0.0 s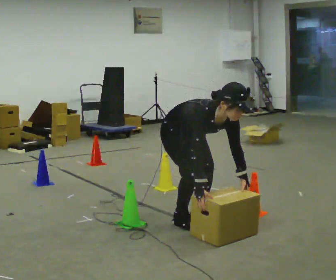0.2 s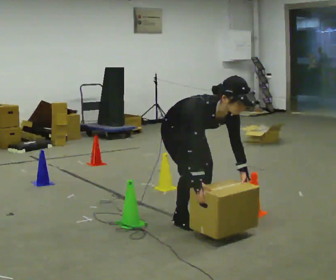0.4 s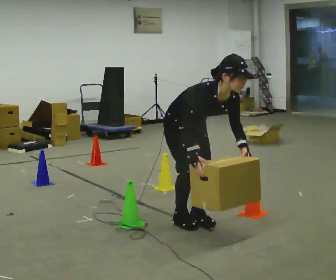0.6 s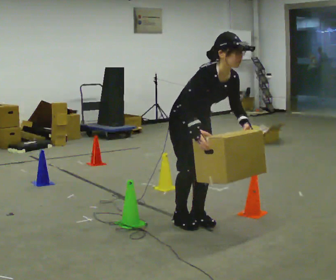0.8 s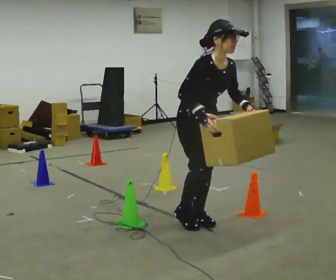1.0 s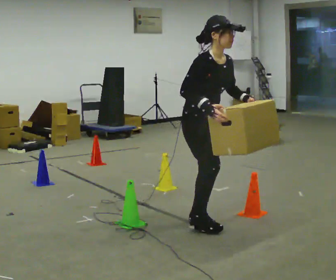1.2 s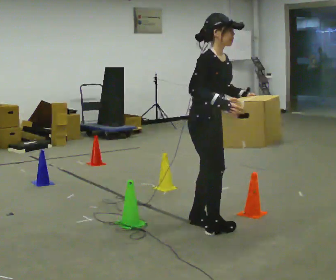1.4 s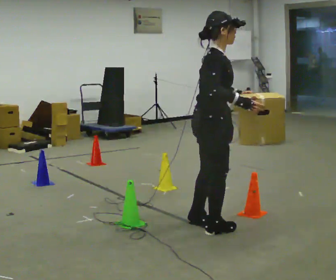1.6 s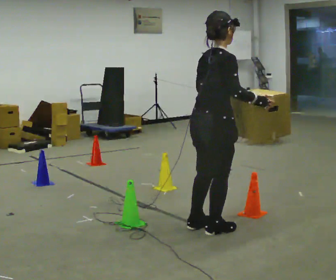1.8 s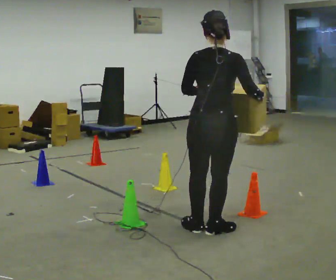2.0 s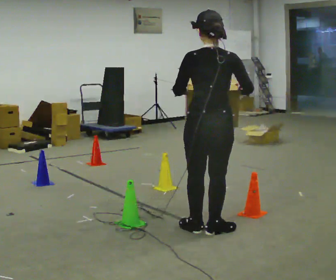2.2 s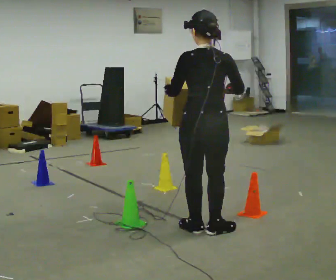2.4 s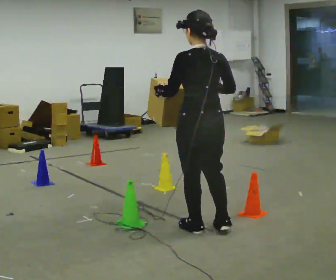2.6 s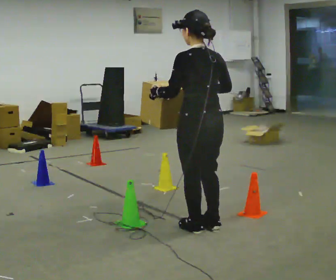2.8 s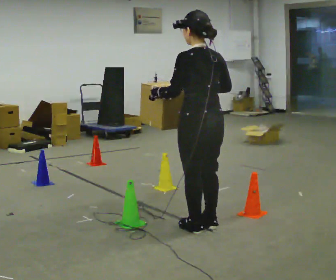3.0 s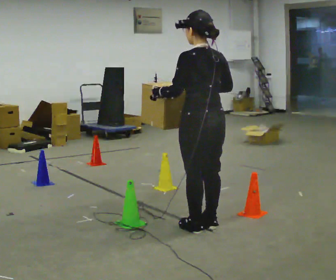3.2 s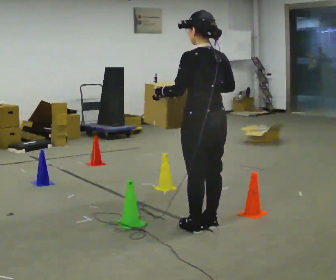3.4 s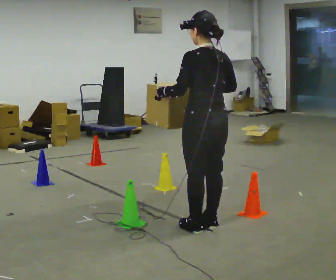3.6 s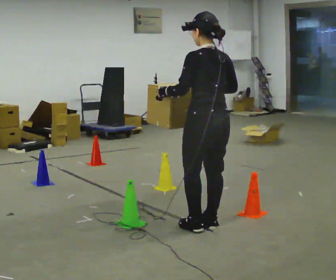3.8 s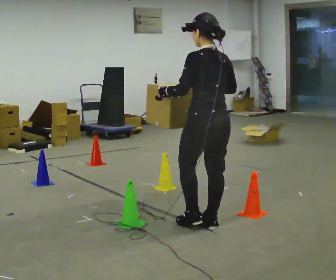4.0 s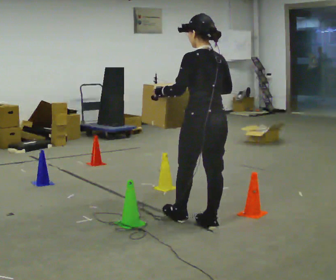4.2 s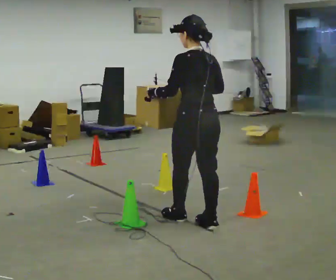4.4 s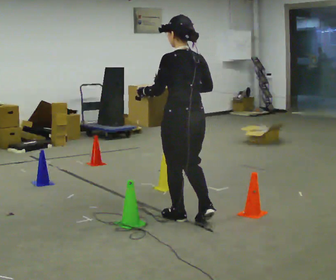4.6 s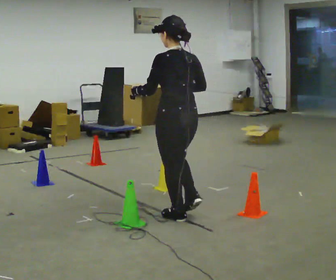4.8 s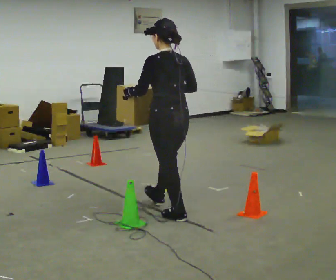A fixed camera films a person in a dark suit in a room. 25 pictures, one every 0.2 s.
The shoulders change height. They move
upward.
The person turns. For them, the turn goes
to their left.
0.0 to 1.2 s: The person turns about 30 degrees to their left, counterclockwise seen from above, so the part of the body nearest the lens slides to the right. In the picture they go to the right and toward the camera, about 0.25 m in 1 step, which for them is forward. The upper body goes upward. The upper body tips away from the camera, its near side rolling upward, as they lean back or straighten. In the picture their right hand goes upward.
1.2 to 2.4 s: The part of the body nearest the lens slides to the right as the person turns to their left by about 135 degrees.
2.4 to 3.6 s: The person moves a little, or ends about where they began.
3.6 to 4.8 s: In the picture they go away from the camera and to the left, about 0.5 m in 1 step, which for them is forward.
The film runs forward here.
